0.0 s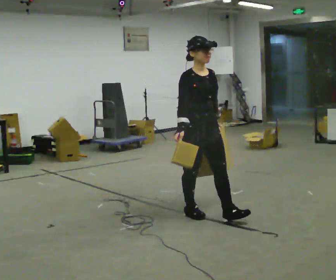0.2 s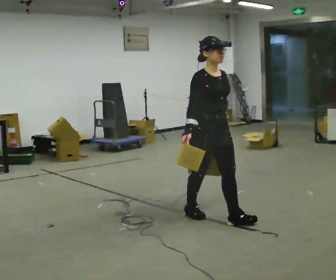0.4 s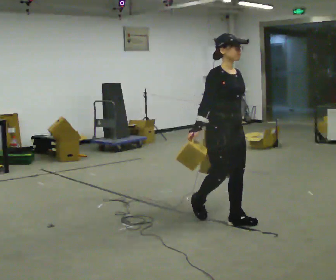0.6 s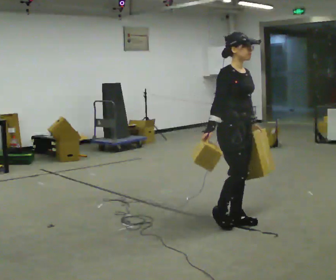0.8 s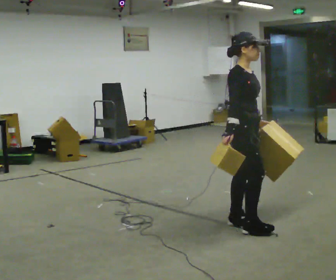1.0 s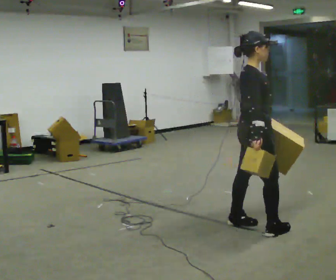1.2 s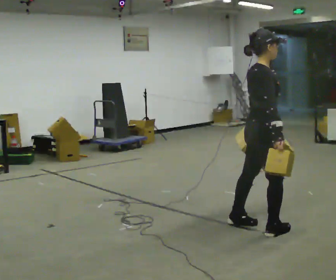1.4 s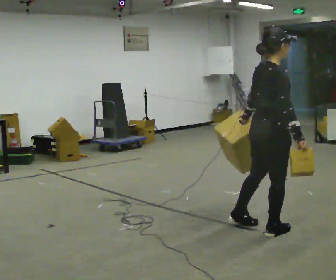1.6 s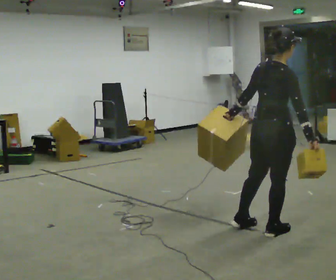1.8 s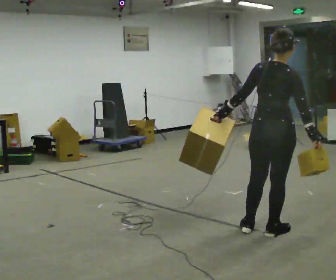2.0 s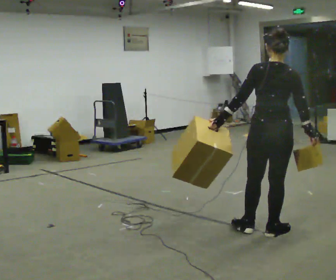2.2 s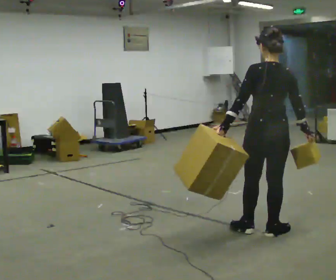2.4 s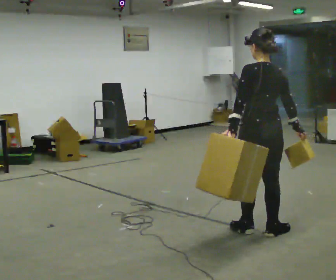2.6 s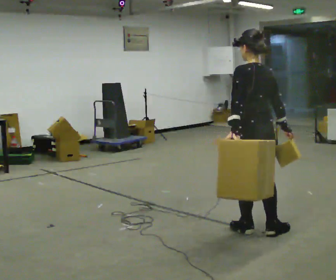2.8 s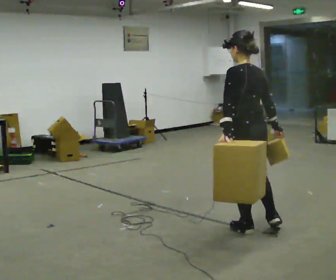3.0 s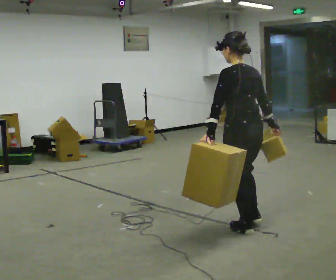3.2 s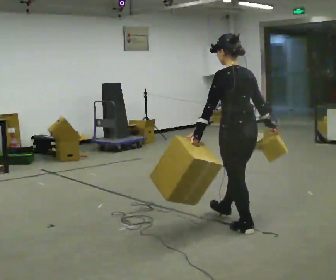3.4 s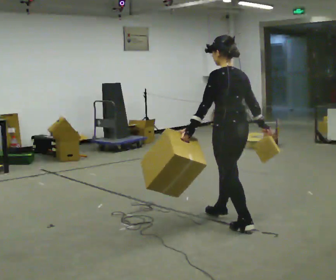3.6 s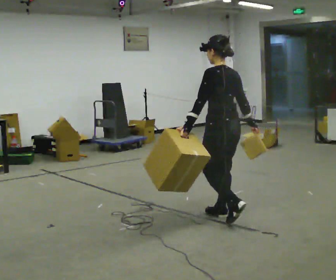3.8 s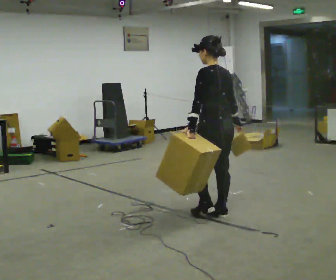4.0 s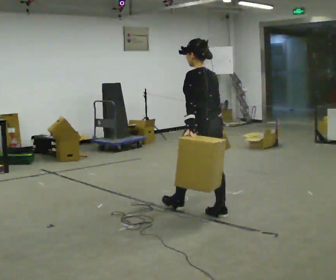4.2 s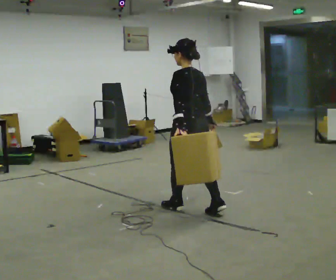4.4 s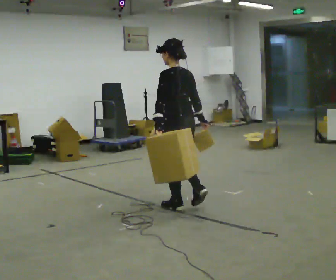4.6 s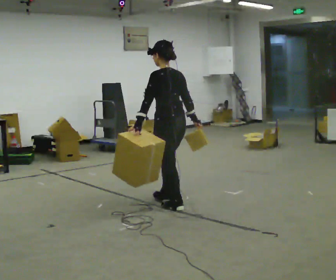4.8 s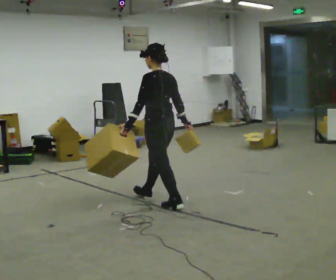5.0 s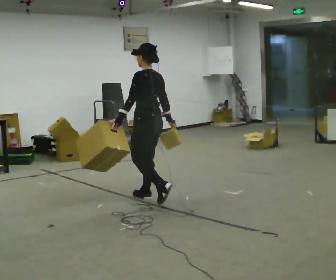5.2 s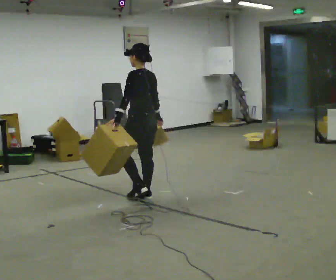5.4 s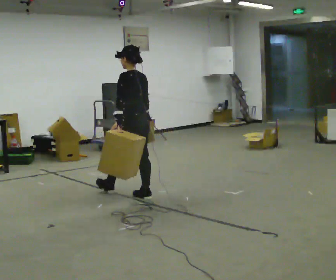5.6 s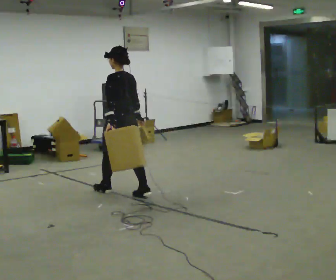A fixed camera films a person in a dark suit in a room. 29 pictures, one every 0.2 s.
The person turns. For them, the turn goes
to their left.
The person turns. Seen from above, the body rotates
counterclockwise.
0.0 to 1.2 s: The person turns about 75 degrees to their left, counterclockwise seen from above, so the part of the body nearest the lens slides to the right. In the picture they go to the right and toward the camera, about 0.5 m in 2 steps.
1.2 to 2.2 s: Seen from above the body turns counterclockwise, about 75 degrees: to their left, with its near side sliding to the right.
2.2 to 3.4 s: The person turns about 30 degrees to their left, counterclockwise seen from above, so the part of the body nearest the lens slides to the right. In the picture they go away from the camera and to the left, about 0.5 m in 1 step, which for them is forward.
3.4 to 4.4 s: In the picture they go to the left and away from the camera, about 0.75 m in 1 step, which for them is forward.
4.4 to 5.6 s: In the picture they go to the left and away from the camera, about 1 m in 2 steps, which for them is forward.
The film runs forward here.
